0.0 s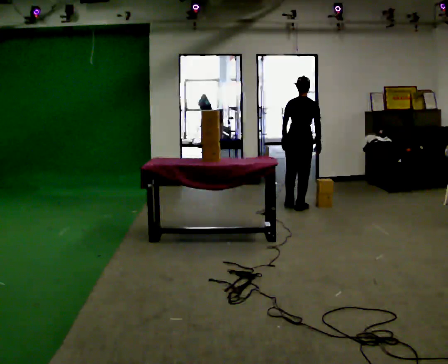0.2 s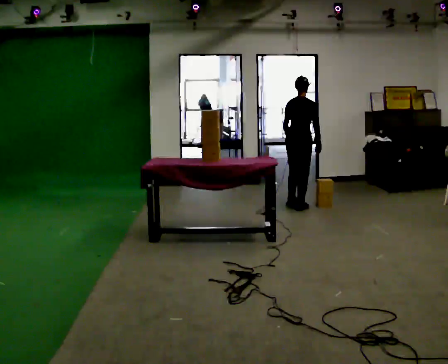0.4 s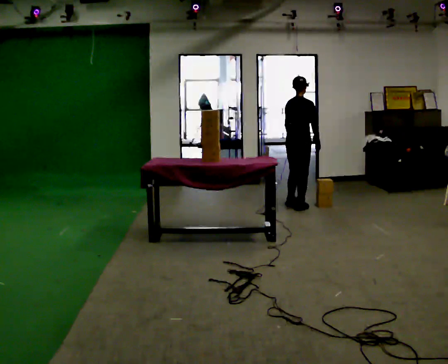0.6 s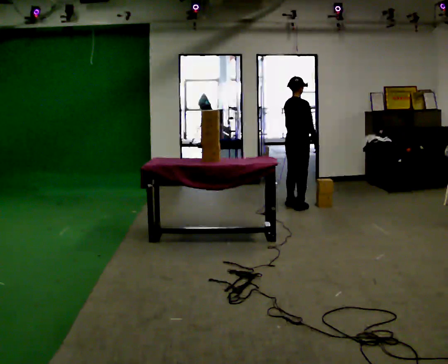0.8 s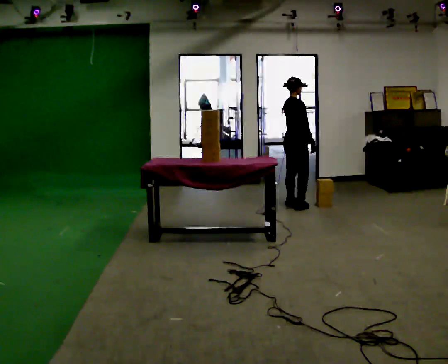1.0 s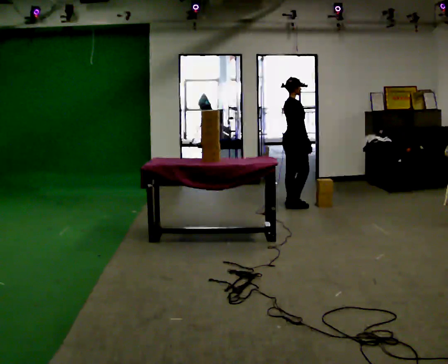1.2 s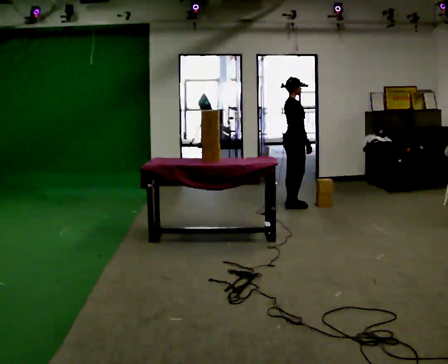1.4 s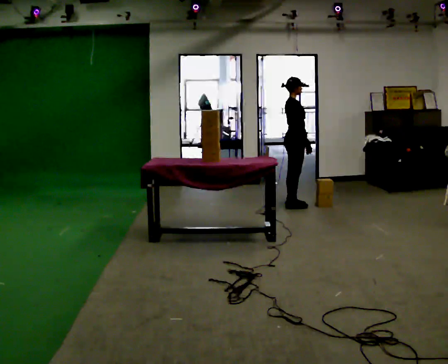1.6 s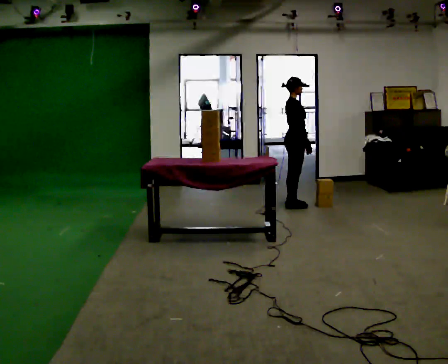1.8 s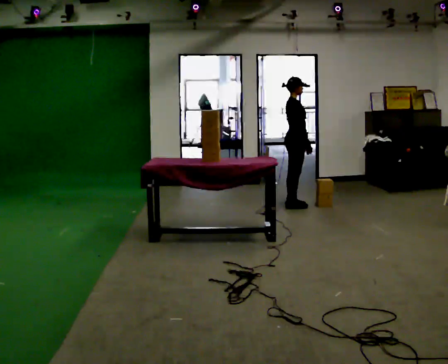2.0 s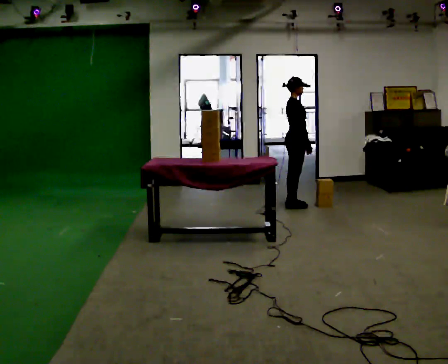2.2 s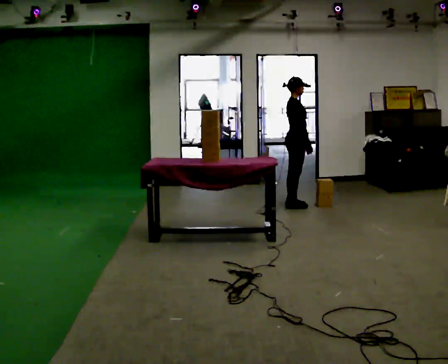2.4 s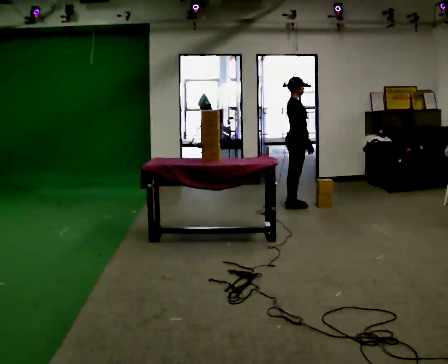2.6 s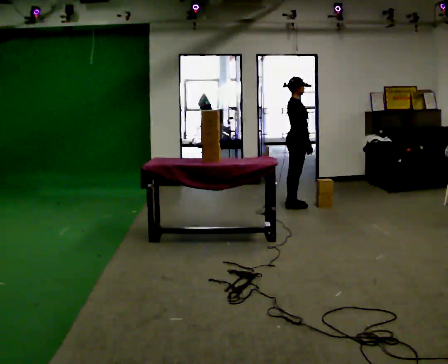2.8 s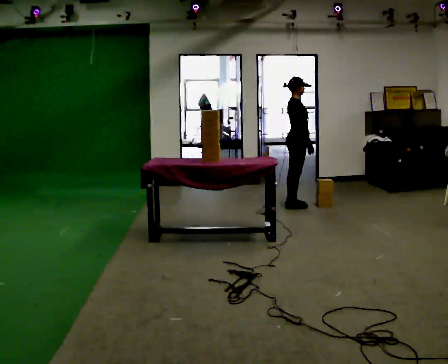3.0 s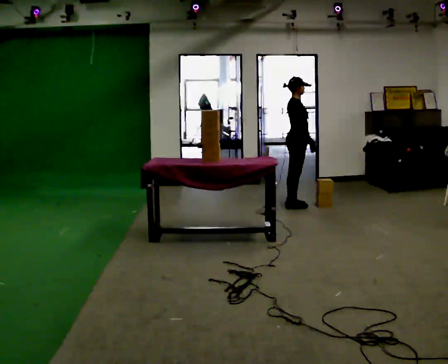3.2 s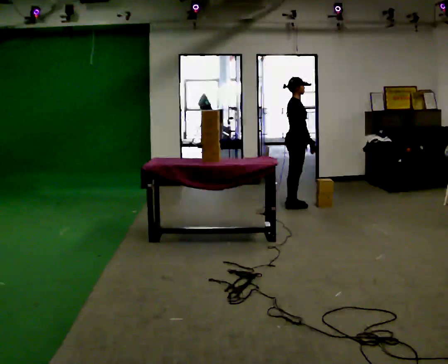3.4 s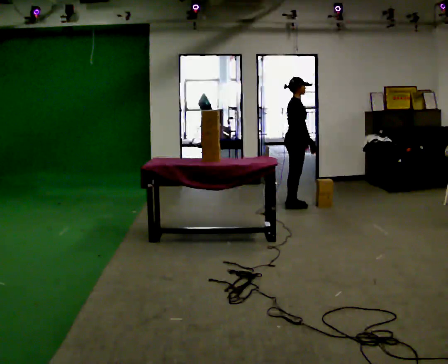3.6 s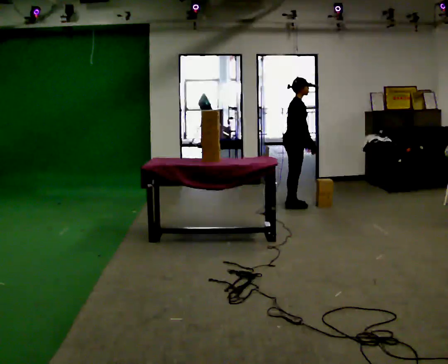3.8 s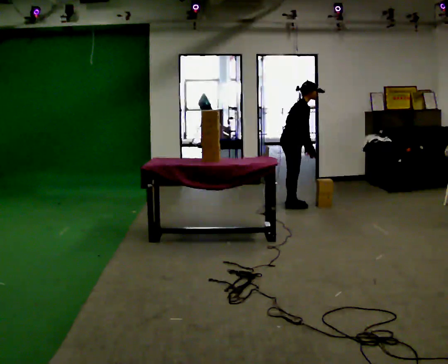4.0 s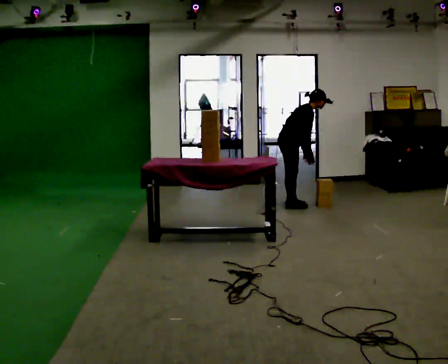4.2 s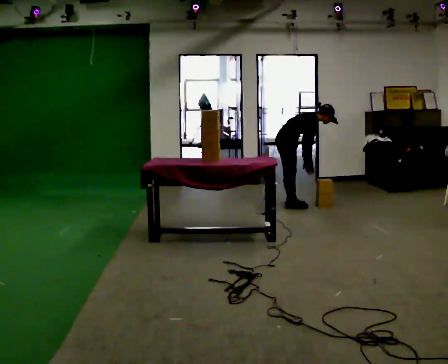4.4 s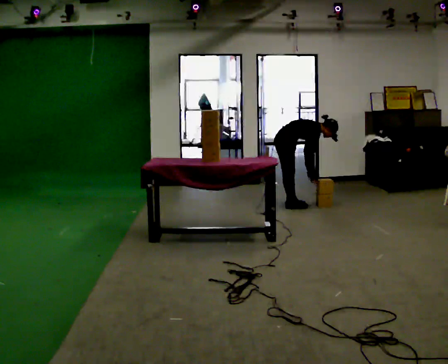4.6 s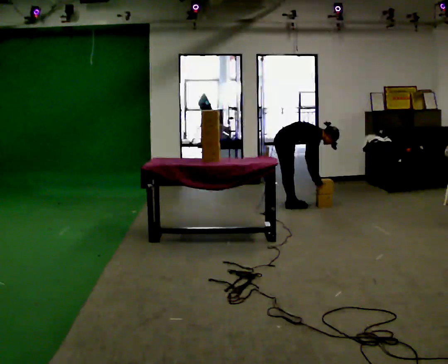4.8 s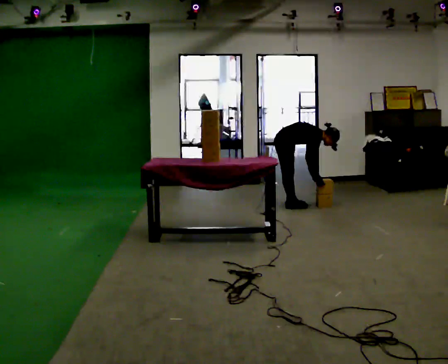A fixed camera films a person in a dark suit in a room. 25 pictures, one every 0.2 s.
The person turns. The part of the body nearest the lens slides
to the left.
The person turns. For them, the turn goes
to their right.
0.0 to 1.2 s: Seen from above the body turns clockwise, about 75 degrees: to their right, with its near side sliding to the left. In the picture they go away from the camera, about 0.25 m in 1 step.
1.2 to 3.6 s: The person moves a little, or ends about where they began.
3.6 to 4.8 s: The shoulders move downward. In the picture the upper body tilts clockwise, shoulders to the right, as they bend forward. In the picture their right hand goes downward.
The film runs backward here.
